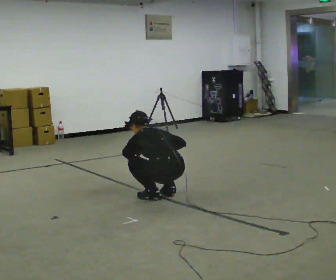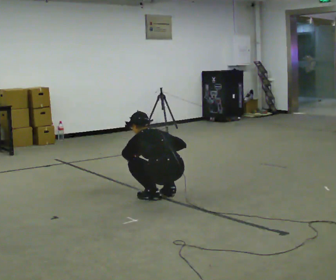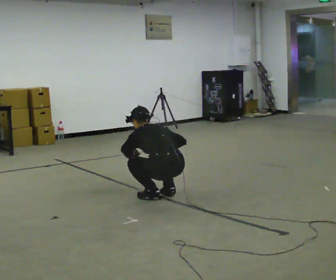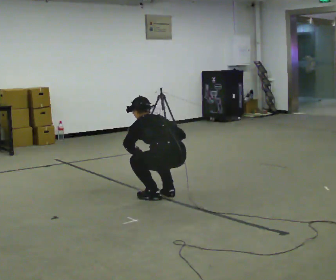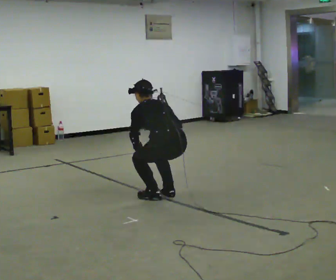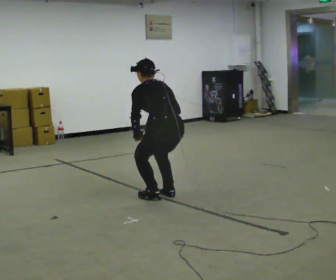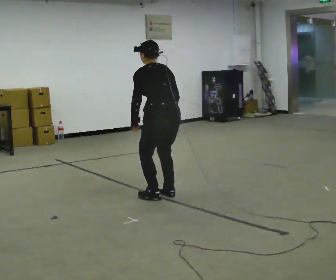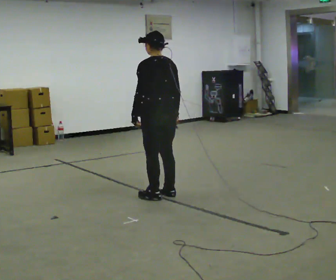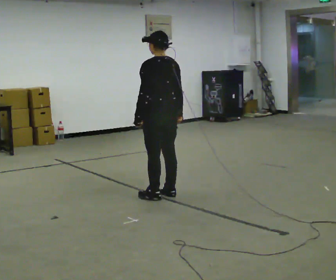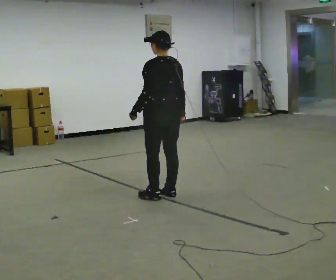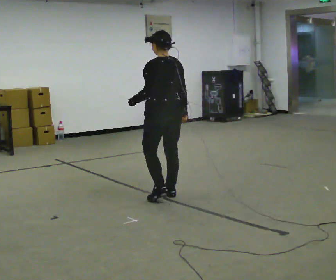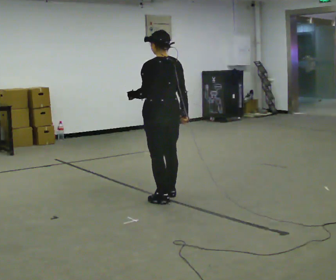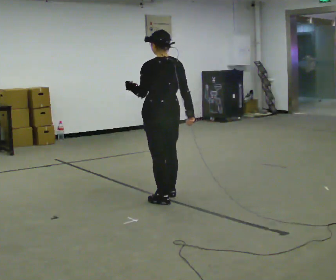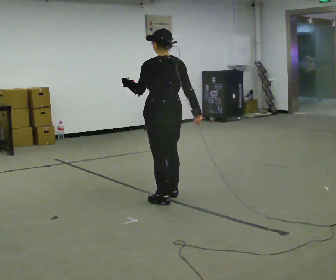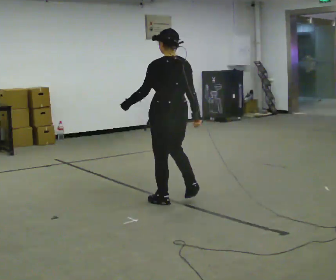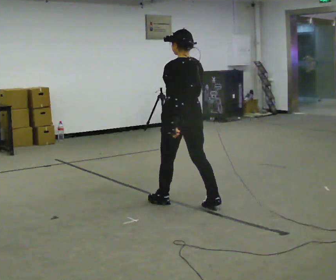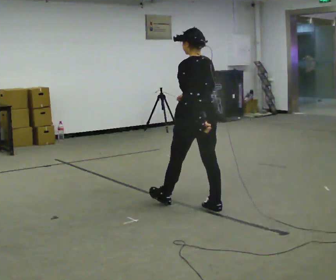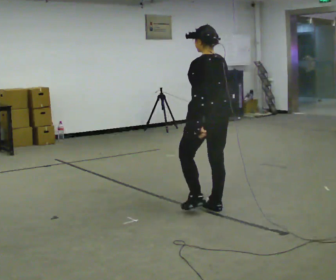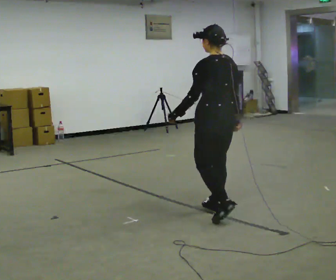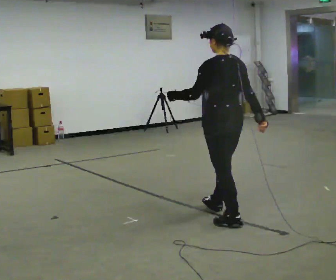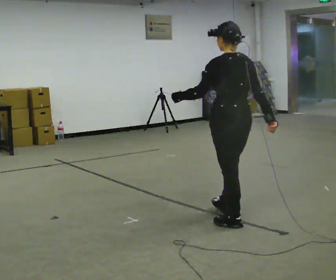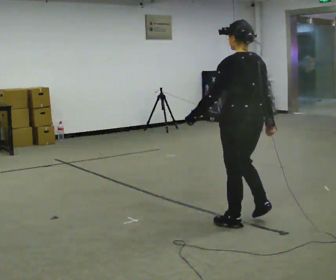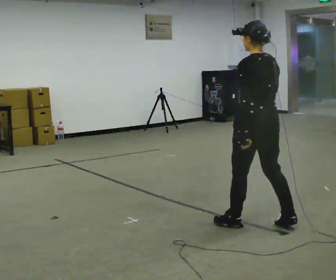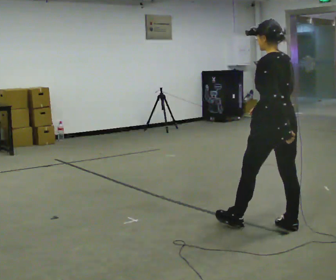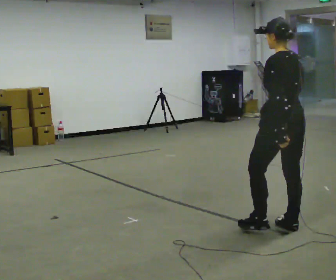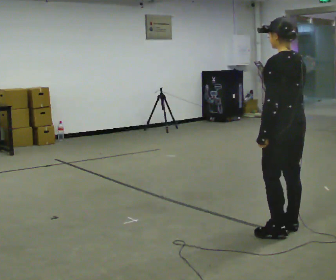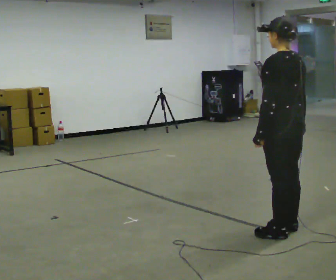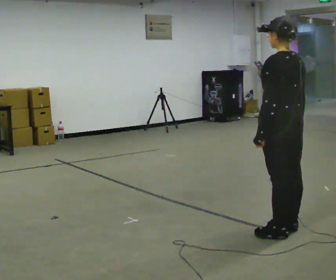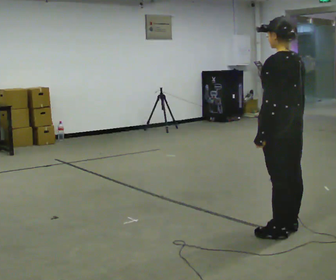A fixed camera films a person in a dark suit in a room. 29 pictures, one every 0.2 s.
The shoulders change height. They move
upward.
0.0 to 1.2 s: The upper body goes upward. The upper body tips toward the camera, its near side rolling downward, as they lean back or straighten. In the picture their left hand goes upward.
1.2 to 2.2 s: The upper body tips toward the camera, its near side rolling downward, as they lean back or straighten.
2.2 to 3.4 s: In the picture they go toward the camera and to the right, about 0.5 m in 2 steps, which for them is backward.
3.4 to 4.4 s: In the picture they go toward the camera and to the right, about 0.5 m in 1 step, which for them is backward.
4.4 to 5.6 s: In the picture they go toward the camera and to the right, about 0.25 m in 1 step, which for them is backward.
The film runs backward here.
